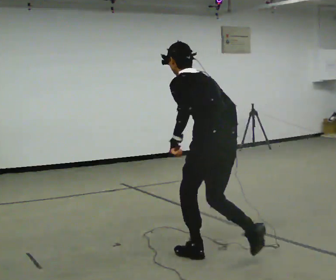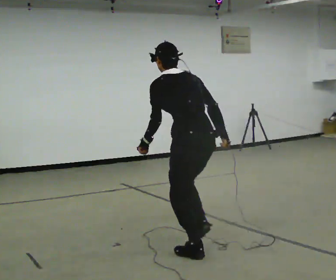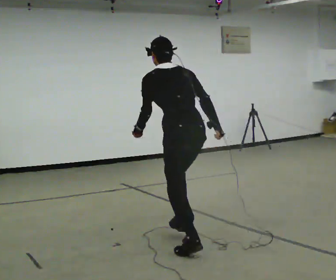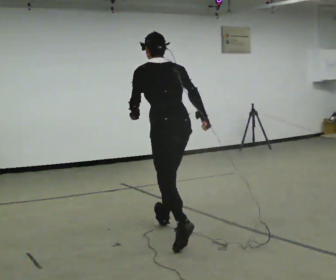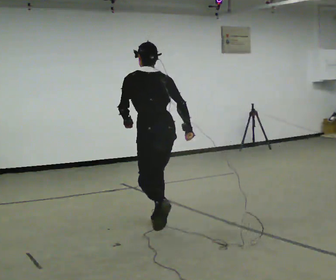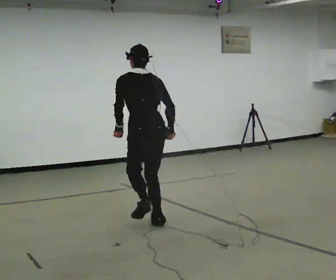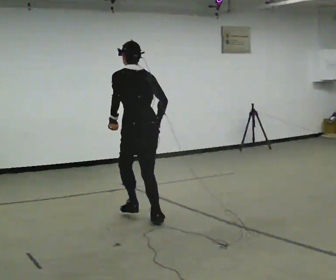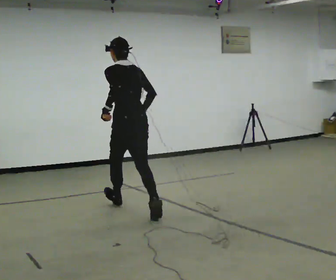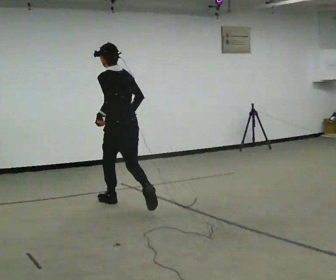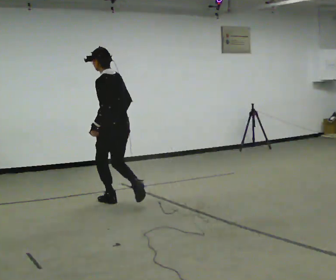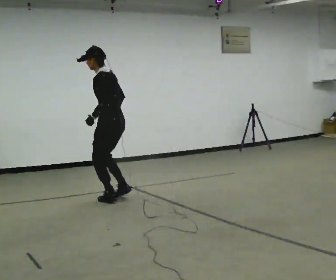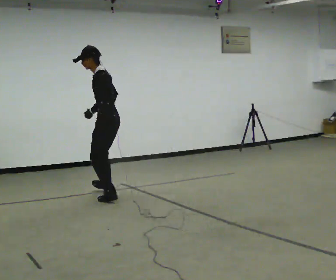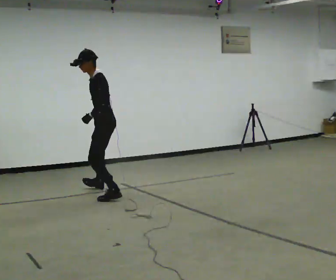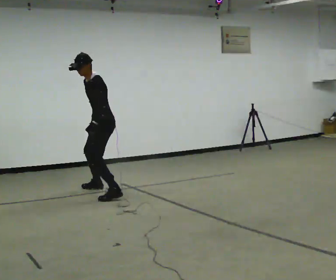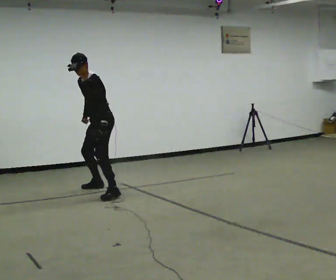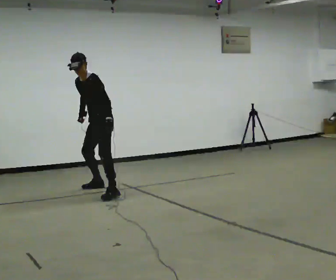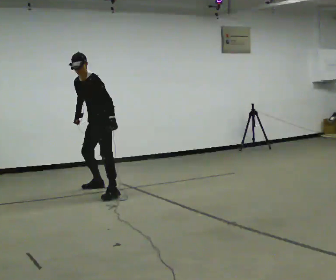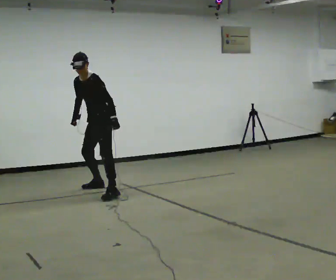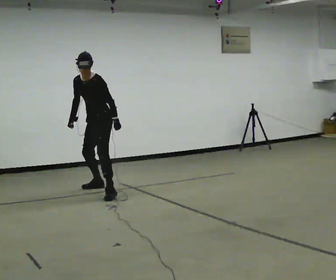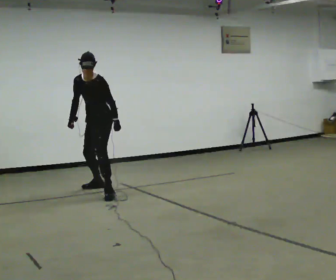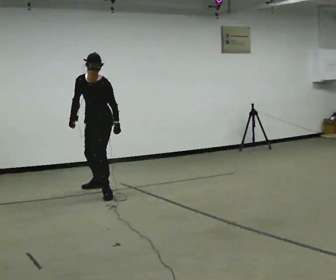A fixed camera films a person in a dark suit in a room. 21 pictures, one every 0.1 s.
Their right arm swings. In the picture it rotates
clockwise.
The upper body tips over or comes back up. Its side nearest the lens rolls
downward.
0.0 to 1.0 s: The part of the body nearest the lens slides to the right as the person turns to their left by about 30 degrees. In the picture they go away from the camera and to the left, about 2 m in 2 steps, which for them is forward. The upper body tips toward the camera, its near side rolling downward, as they lean back or straighten.
1.0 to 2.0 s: Seen from above the body turns counterclockwise, about 90 degrees: to their left, with its near side sliding to the right. In the picture they go away from the camera and to the left, about 0.5 m in 2 steps. The upper body tips toward the camera, its near side rolling downward, as they bend forward.
The film runs forward here.
